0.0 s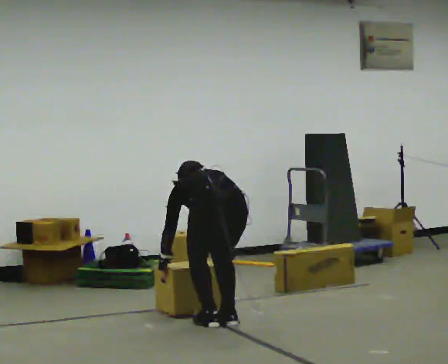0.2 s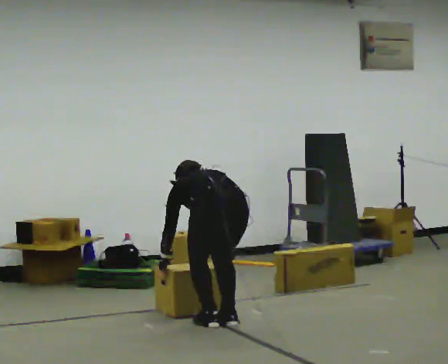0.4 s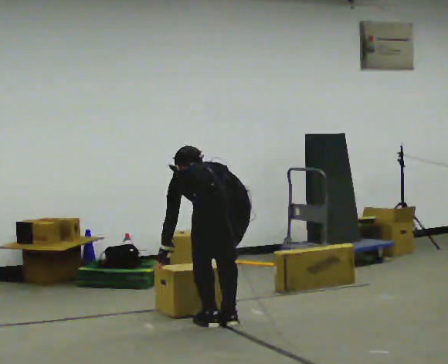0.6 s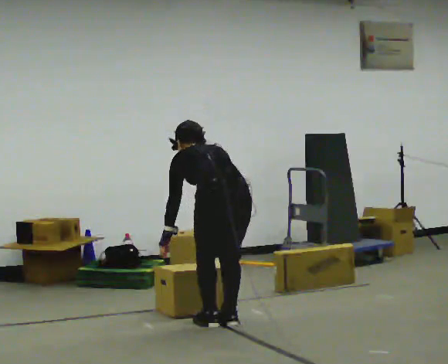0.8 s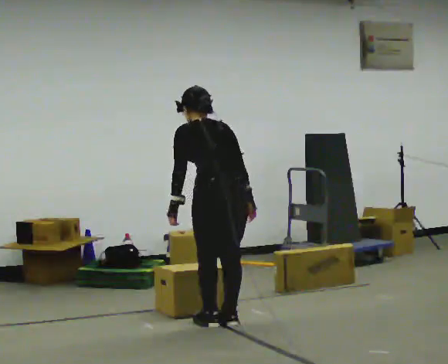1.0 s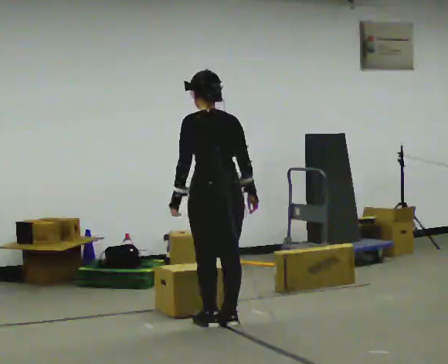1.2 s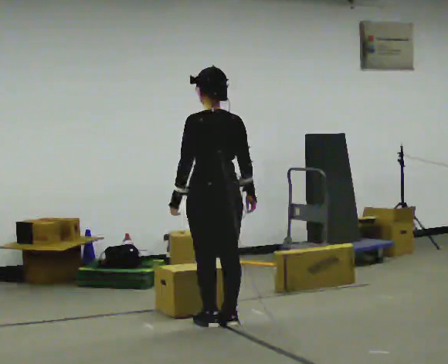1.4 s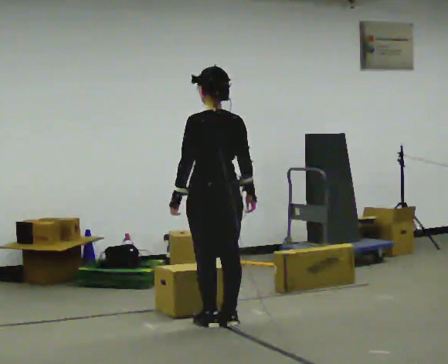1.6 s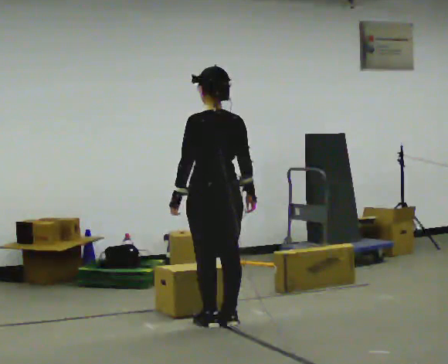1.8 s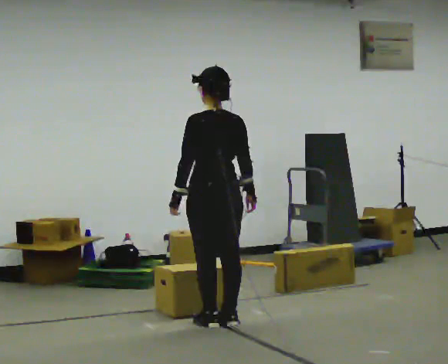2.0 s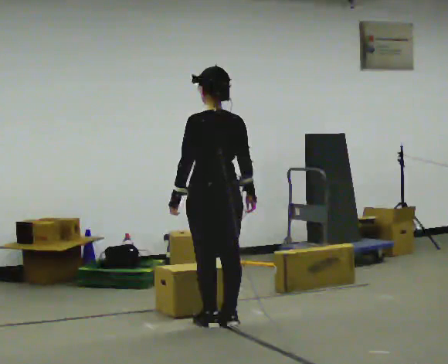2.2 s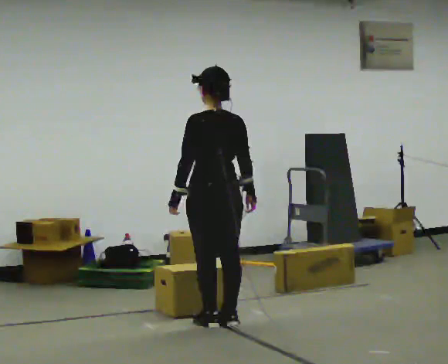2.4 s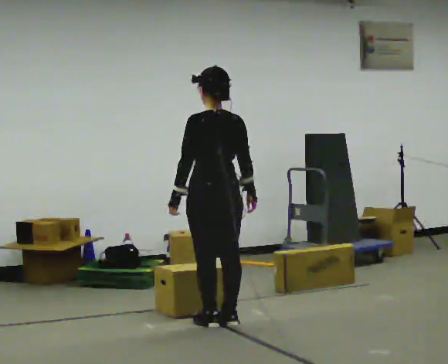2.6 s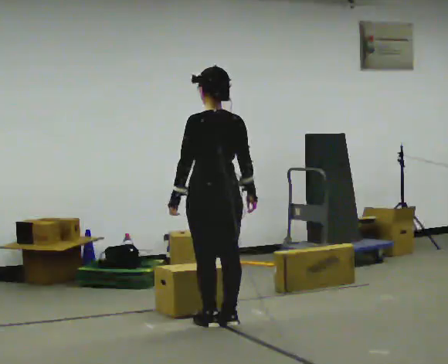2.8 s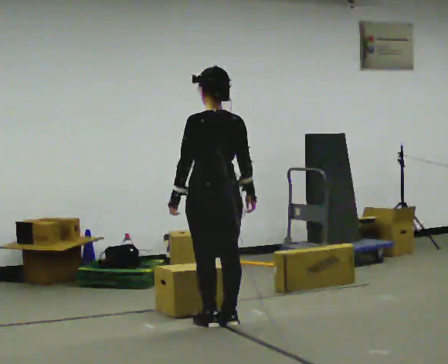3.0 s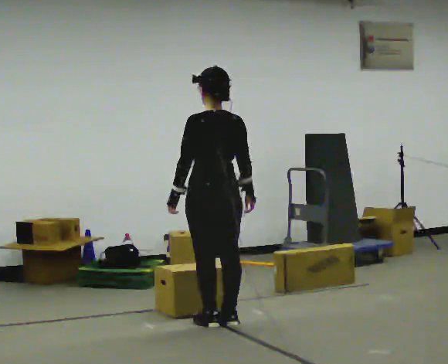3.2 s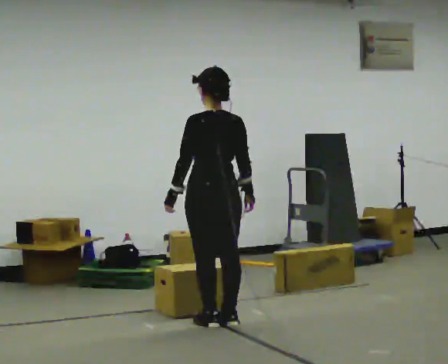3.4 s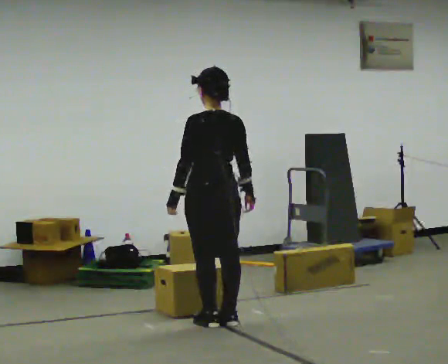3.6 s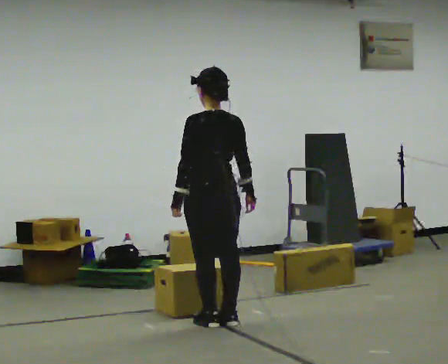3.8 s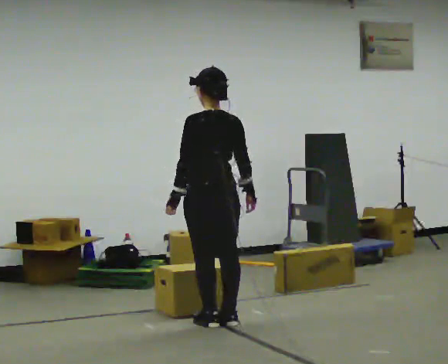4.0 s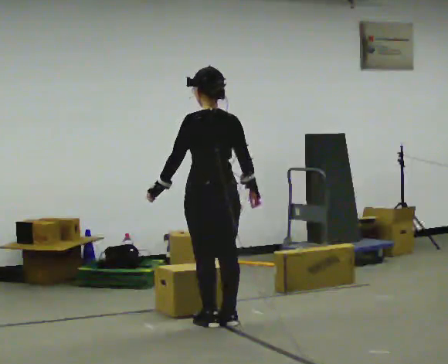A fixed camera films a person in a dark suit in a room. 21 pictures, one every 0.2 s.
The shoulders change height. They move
upward.
Their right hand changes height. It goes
upward.
0.0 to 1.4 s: The shoulders move upward. The upper body tips toward the camera, its near side rolling downward, as they lean back or straighten. In the picture their right hand goes upward.
1.4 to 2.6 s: The person keeps their place and pose.
2.6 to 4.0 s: The person moves a little, or ends about where they began.
The film runs backward here.
